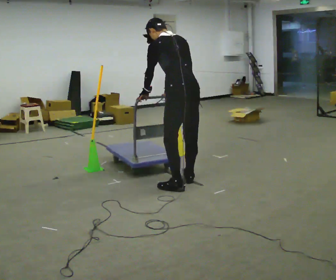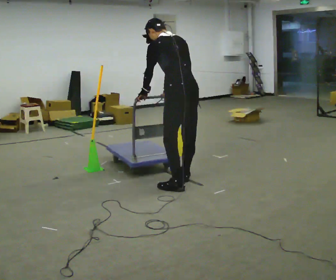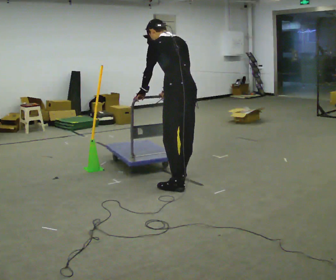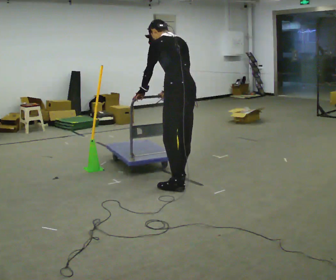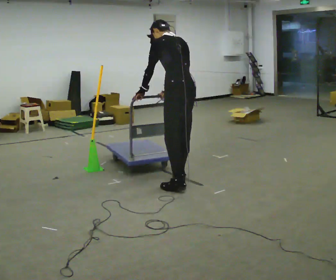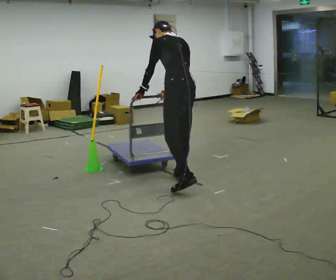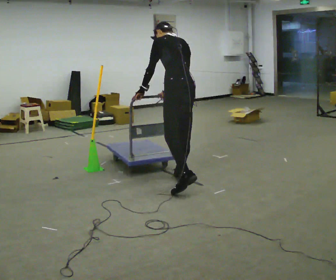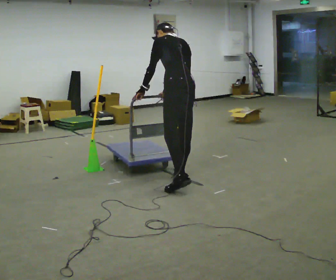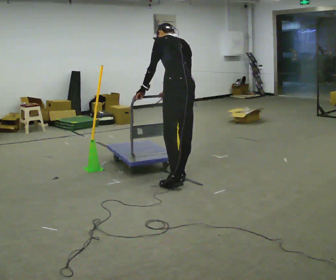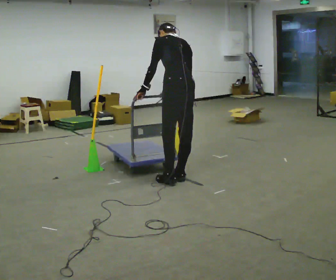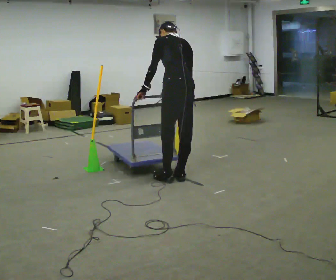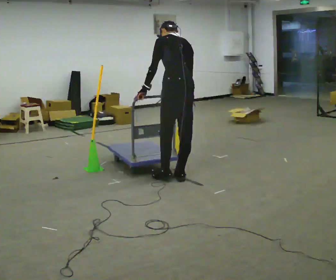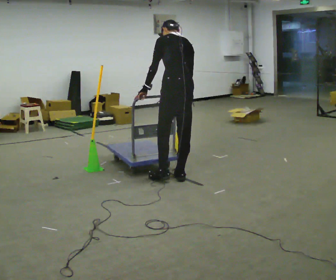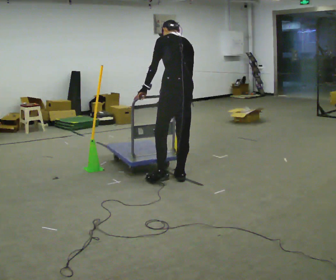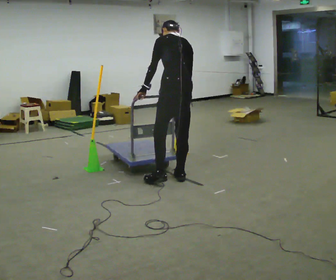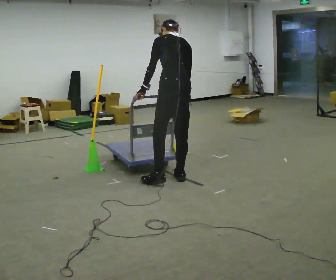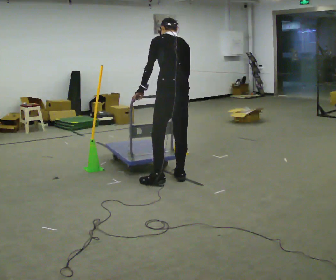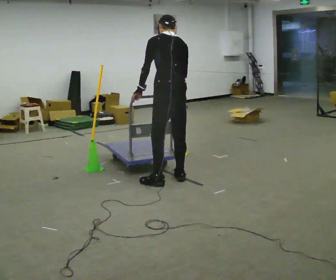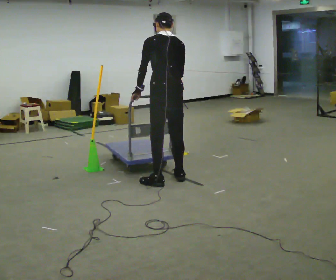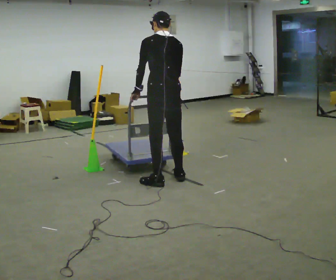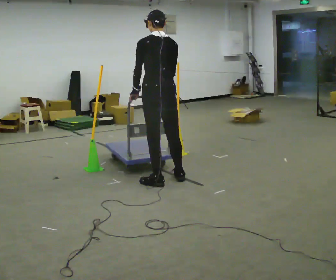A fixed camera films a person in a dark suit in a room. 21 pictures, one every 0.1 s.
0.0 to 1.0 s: In the picture they go away from the camera, about 0.25 m in 1 step, which for them is forward and to their right.
1.0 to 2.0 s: In the picture they go to the left, about 0.25 m, which for them is to their left and forward. The upper body tips toward the camera, its near side rolling downward, as they lean back or straighten.
The film runs backward here.
